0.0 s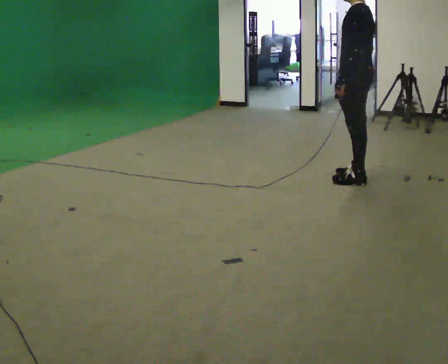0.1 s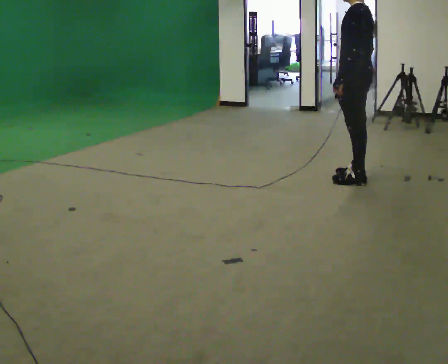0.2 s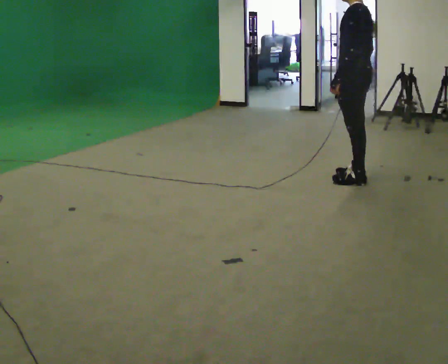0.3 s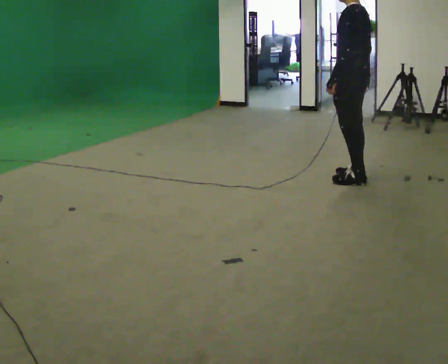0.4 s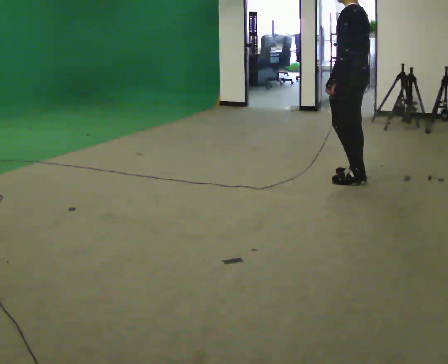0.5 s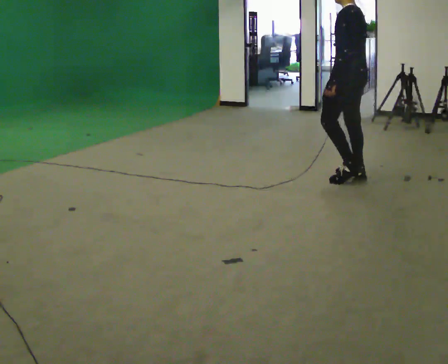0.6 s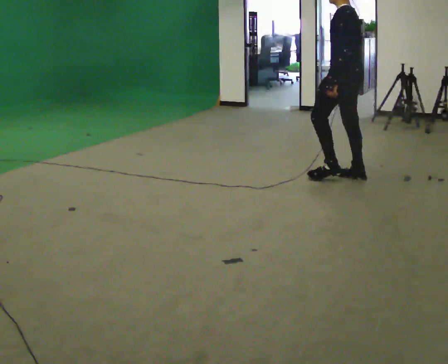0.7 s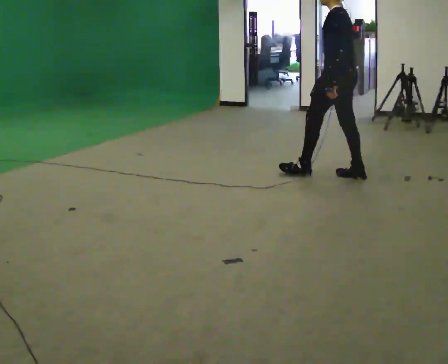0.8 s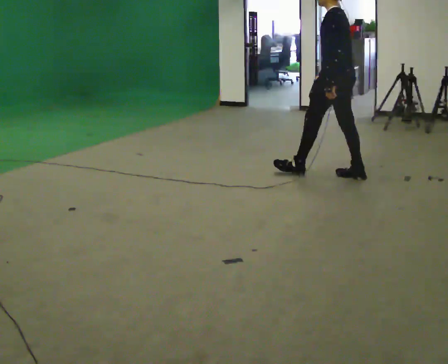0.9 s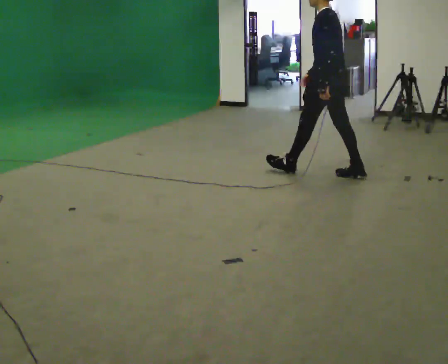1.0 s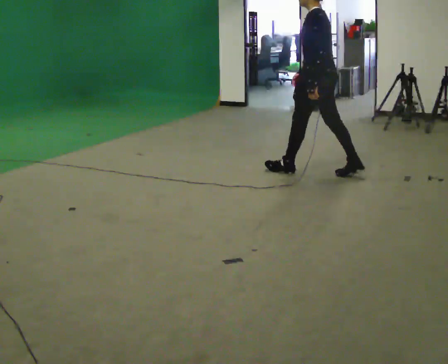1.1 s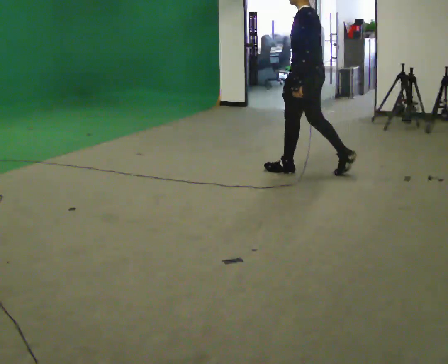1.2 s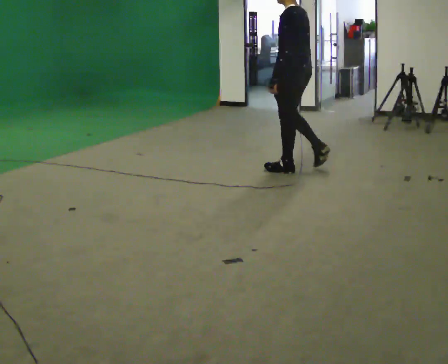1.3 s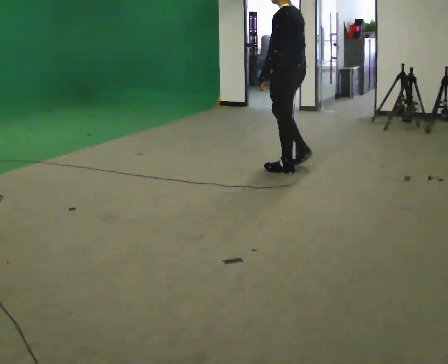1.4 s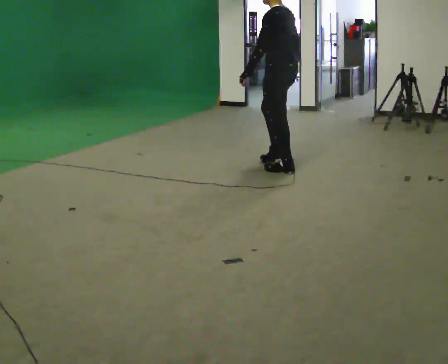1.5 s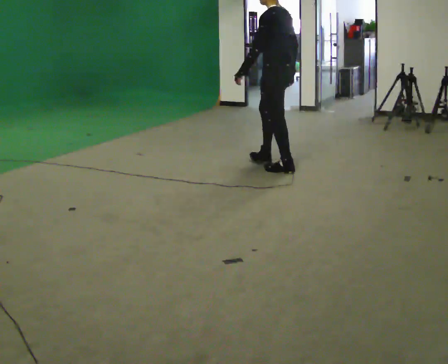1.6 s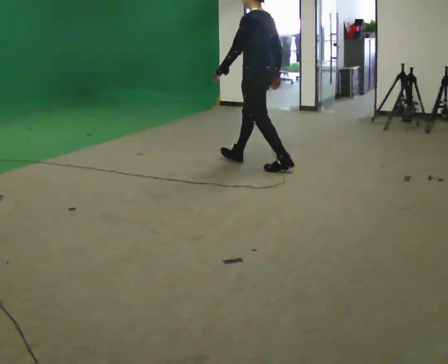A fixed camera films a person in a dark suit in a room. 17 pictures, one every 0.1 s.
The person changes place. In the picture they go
to the left.
0.0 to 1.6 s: In the picture they go to the left, about 1 m in 2 steps, which for them is forward.
The film runs forward here.
